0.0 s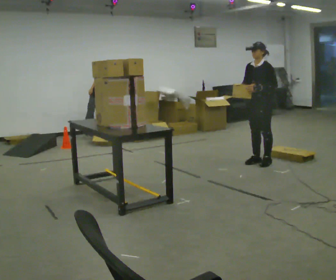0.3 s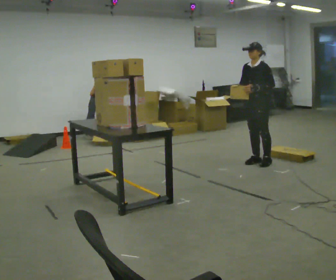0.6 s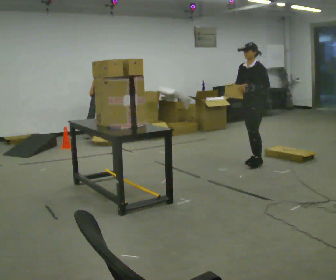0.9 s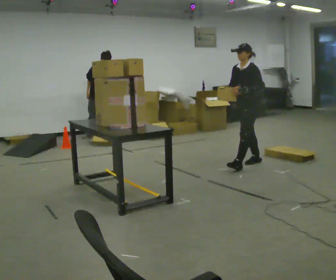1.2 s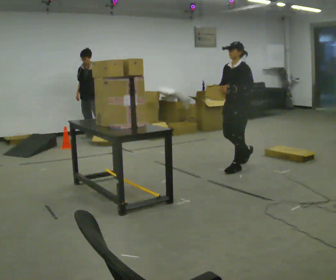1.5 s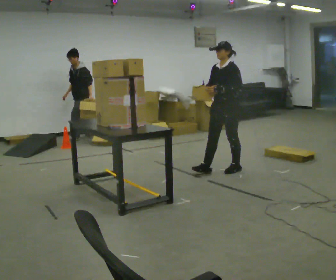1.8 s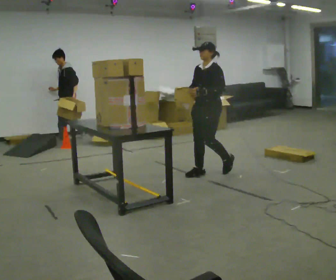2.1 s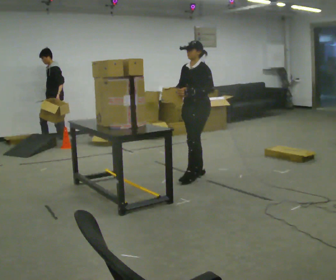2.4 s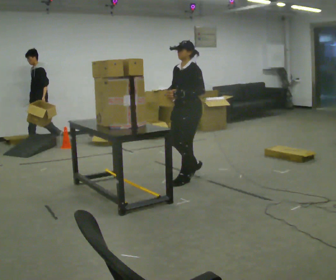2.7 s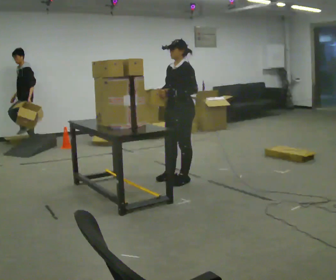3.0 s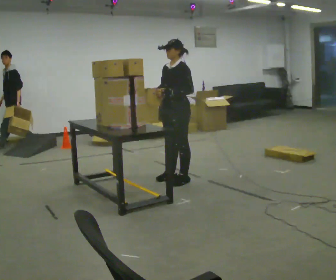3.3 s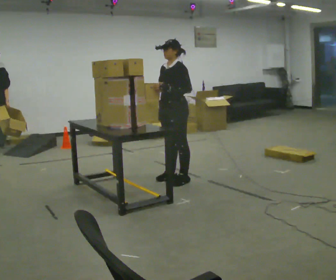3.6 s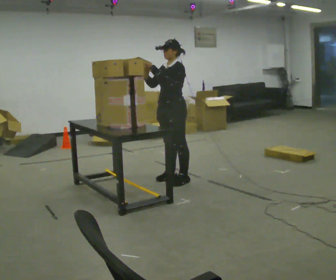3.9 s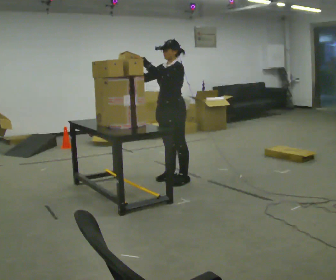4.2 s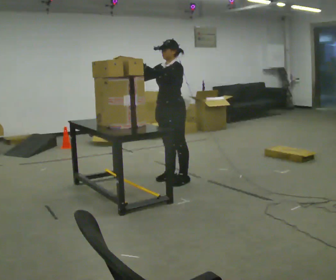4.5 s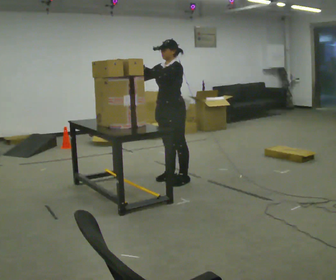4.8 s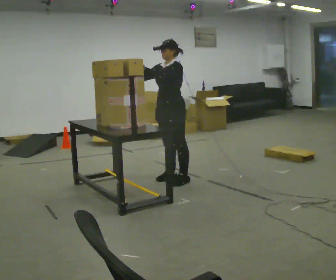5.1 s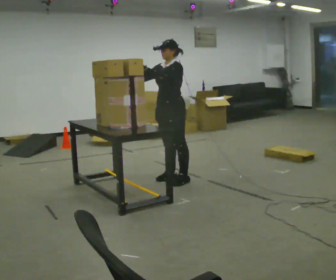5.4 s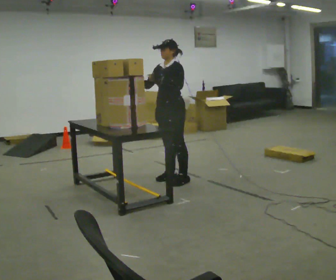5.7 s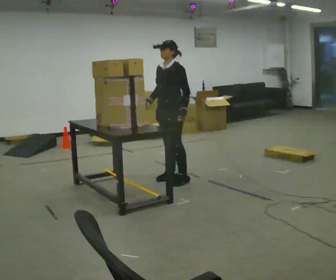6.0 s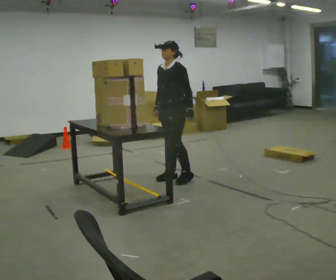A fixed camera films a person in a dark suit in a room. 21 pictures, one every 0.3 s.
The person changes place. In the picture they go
to the left.
0.0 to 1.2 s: In the picture they go to the left and toward the camera, about 0.5 m in 1 step, which for them is forward.
1.2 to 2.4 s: In the picture they go to the left and toward the camera, about 0.5 m in 2 steps, which for them is forward.
2.4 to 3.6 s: In the picture they go to the left, about 0.25 m in 1 step, which for them is forward.
3.6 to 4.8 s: The person moves a little, or ends about where they began.
4.8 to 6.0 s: In the picture their left hand goes to the right and downward.
The film runs forward here.
